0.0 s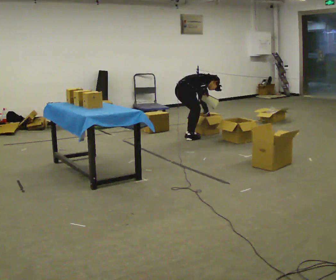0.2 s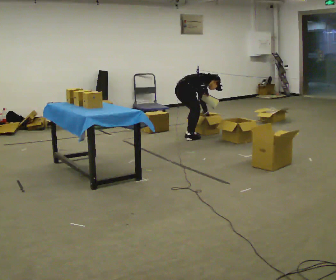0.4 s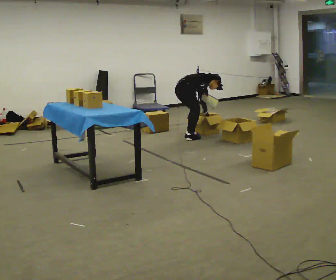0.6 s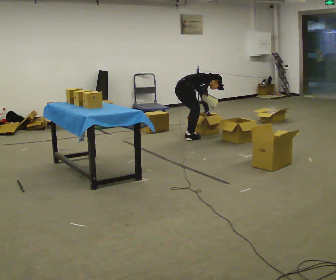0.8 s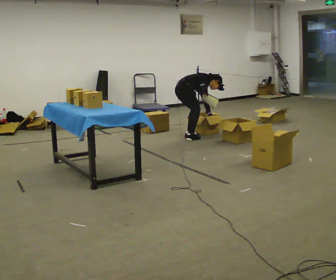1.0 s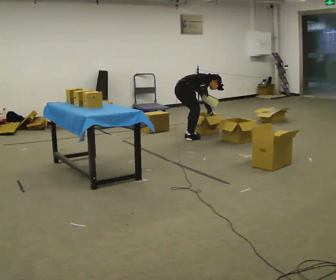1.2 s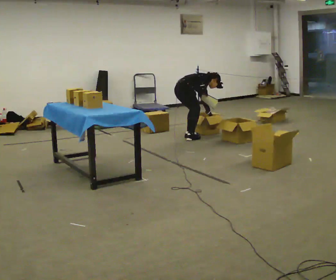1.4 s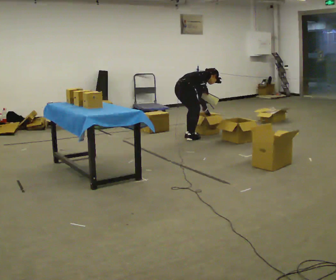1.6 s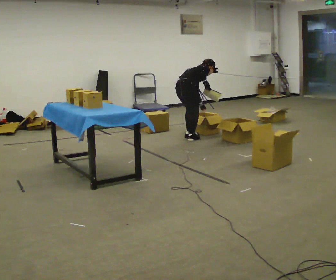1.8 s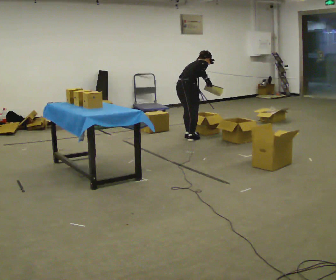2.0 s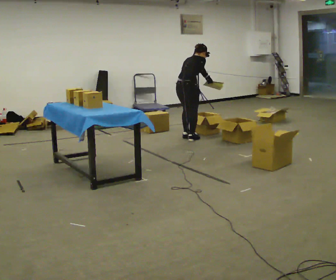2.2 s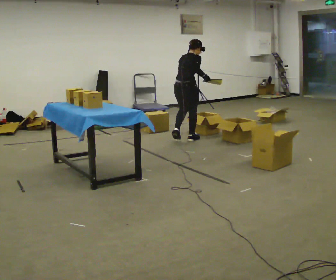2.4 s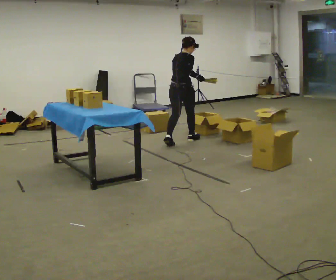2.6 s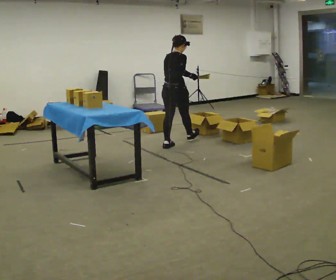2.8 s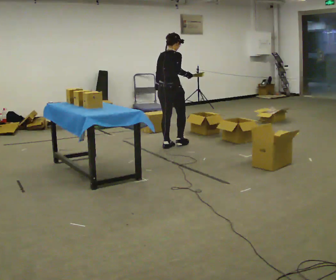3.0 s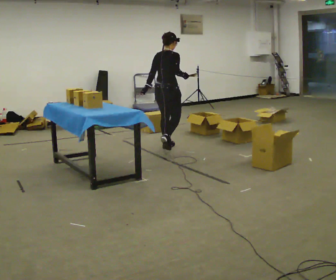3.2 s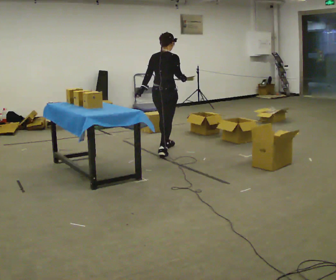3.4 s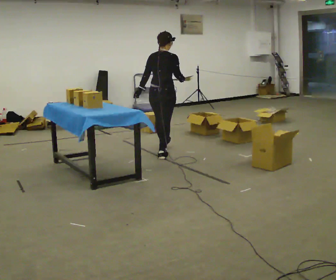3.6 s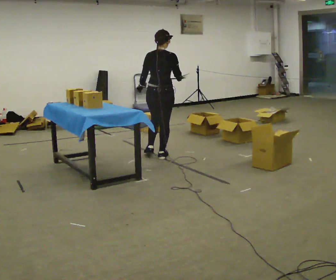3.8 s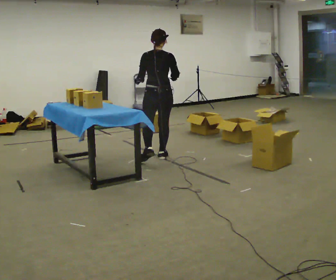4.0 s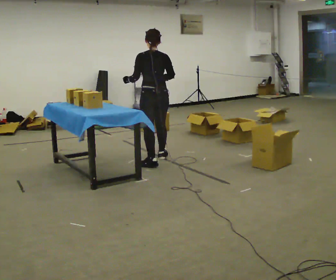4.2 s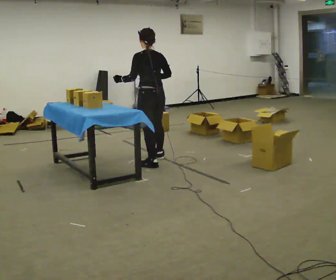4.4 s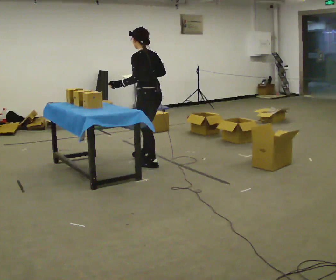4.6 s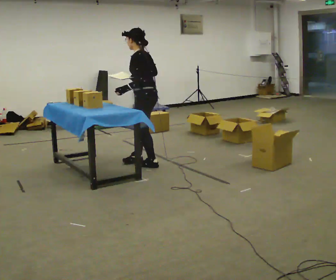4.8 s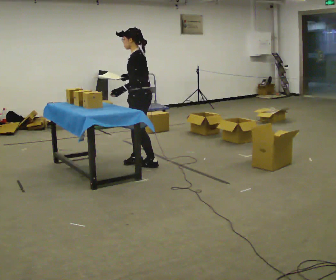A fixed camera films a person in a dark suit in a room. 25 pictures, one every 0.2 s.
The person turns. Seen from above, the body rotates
counterclockwise.
The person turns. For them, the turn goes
to their left.
0.0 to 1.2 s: The person moves a little, or ends about where they began.
1.2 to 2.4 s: The part of the body nearest the lens slides to the right as the person turns to their left by about 45 degrees. In the picture they go toward the camera, about 0.25 m in 1 step, which for them is backward and to their right. The upper body goes upward. In the picture the upper body tilts counterclockwise, shoulders to the left, as they lean back or straighten.
2.4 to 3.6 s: In the picture they go toward the camera, about 1 m in 2 steps, which for them is backward.
3.6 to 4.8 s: The person turns about 105 degrees to their left, counterclockwise seen from above, so the part of the body nearest the lens slides to the right. In the picture they go toward the camera and to the left, about 0.25 m in 1 step.
The film runs backward here.
